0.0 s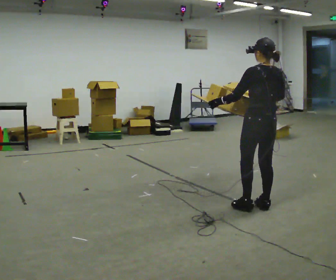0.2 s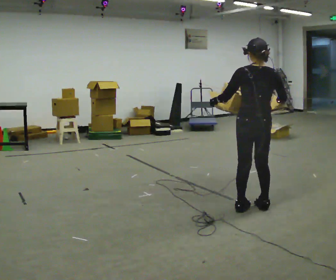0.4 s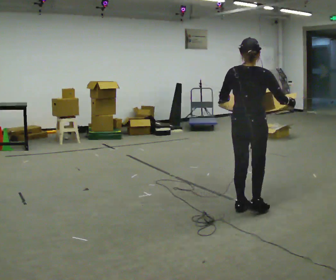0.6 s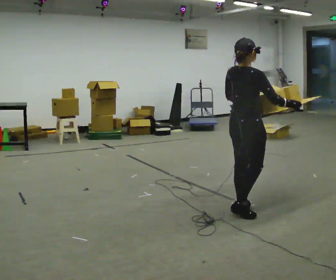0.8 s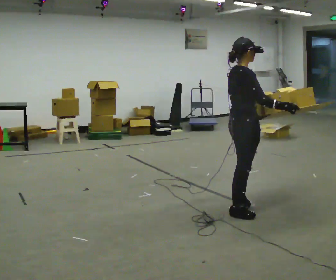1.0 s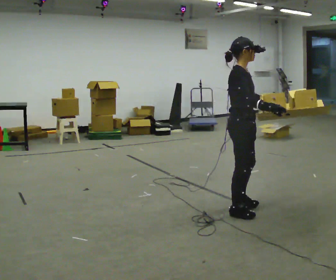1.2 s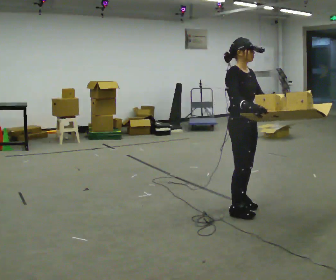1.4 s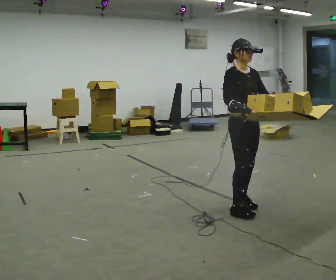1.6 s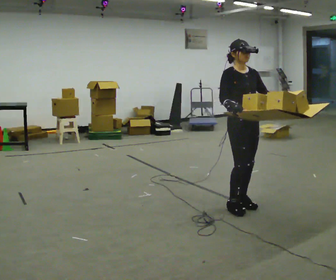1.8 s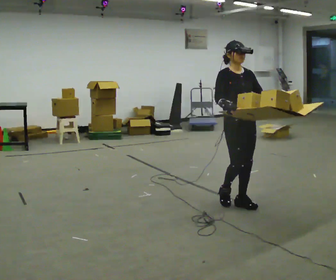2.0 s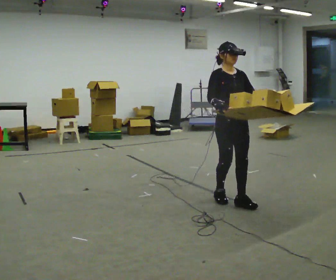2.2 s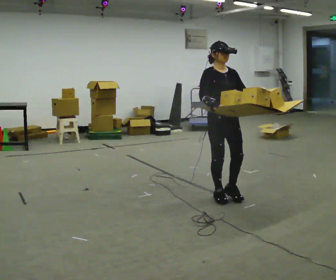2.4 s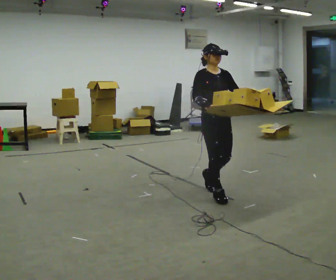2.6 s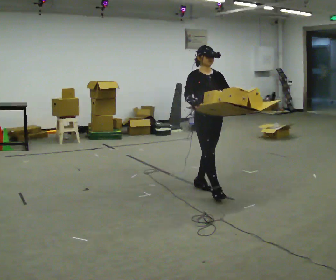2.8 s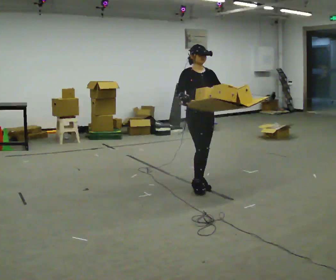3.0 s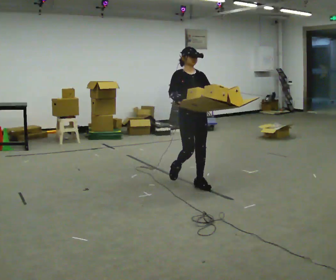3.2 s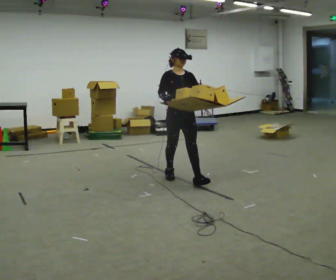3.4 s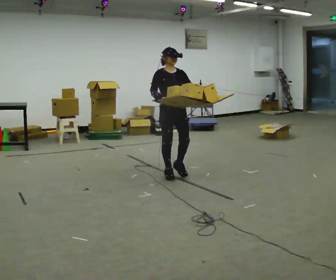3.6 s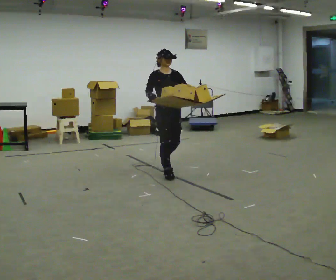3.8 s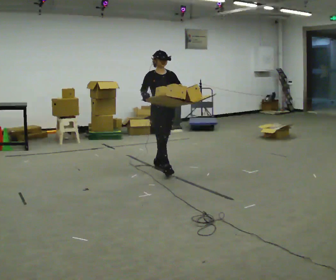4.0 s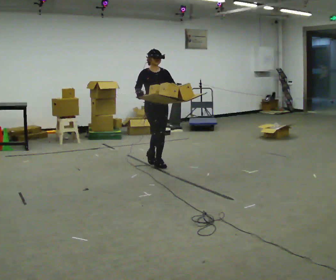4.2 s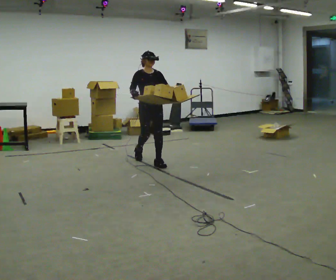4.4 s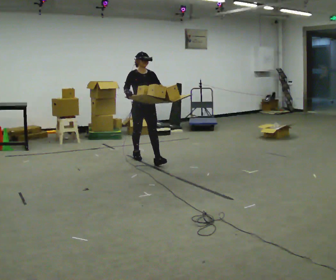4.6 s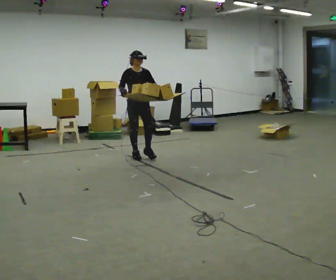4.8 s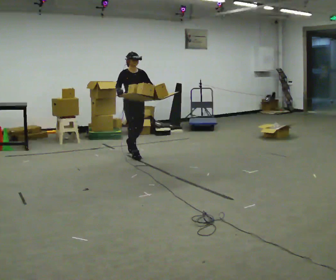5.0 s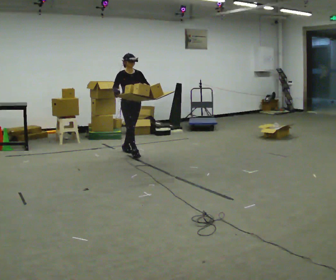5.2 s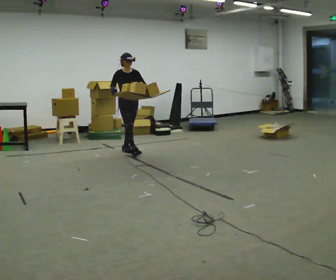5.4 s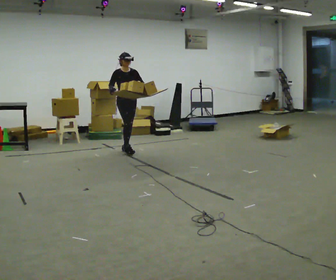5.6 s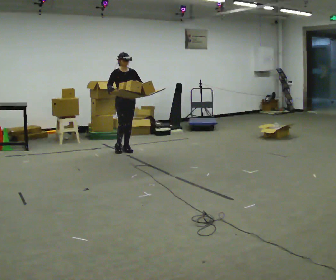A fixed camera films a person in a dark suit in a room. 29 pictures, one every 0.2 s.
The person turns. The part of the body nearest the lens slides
to the left.
The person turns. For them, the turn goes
to their right.
0.0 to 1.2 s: Seen from above the body turns clockwise, about 150 degrees: to their right, with its near side sliding to the left. In the picture they go to the left, about 0.25 m in 2 steps.
1.2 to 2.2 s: The person turns about 30 degrees to their right, clockwise seen from above, so the part of the body nearest the lens slides to the left. In the picture they go away from the camera, about 0.25 m in 2 steps, which for them is backward.
2.2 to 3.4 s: In the picture they go away from the camera and to the left, about 1 m in 2 steps, which for them is backward.
3.4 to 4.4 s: In the picture they go away from the camera and to the left, about 1 m in 2 steps, which for them is backward.
4.4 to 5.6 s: In the picture they go away from the camera and to the left, about 0.5 m in 1 step, which for them is backward.
The film runs backward here.
